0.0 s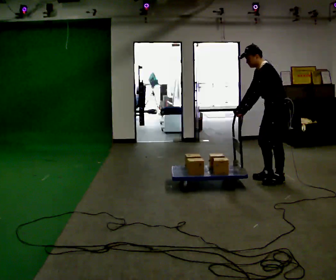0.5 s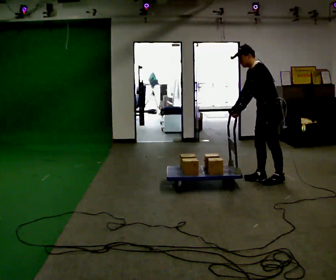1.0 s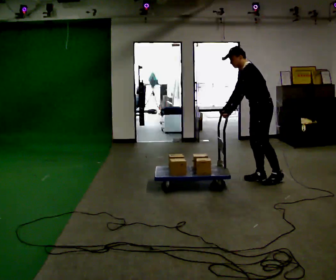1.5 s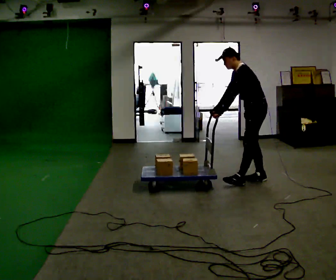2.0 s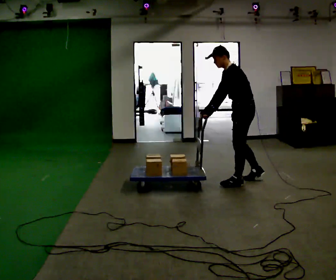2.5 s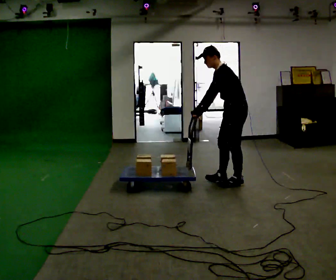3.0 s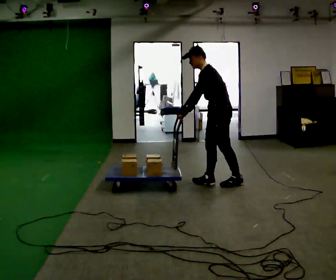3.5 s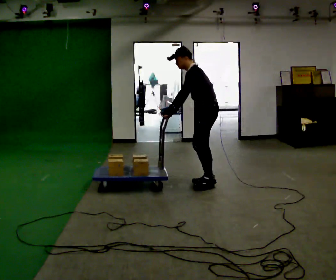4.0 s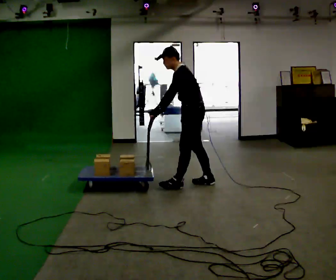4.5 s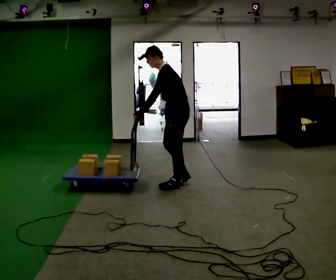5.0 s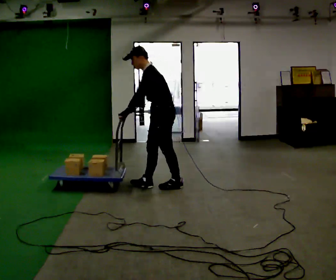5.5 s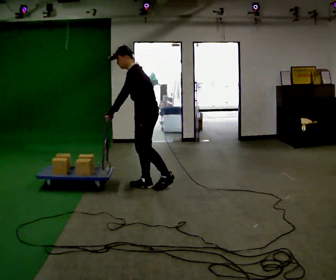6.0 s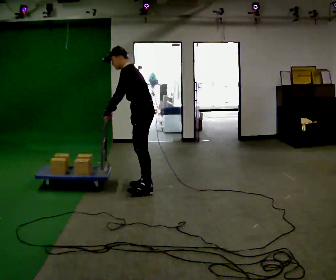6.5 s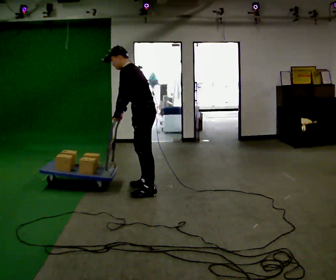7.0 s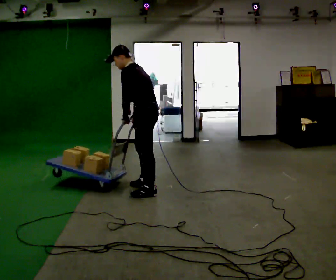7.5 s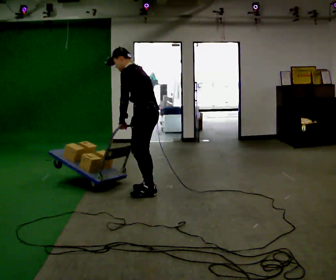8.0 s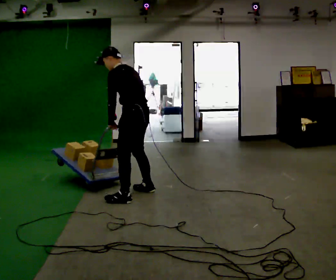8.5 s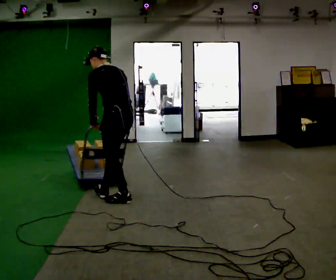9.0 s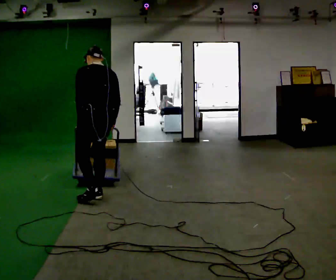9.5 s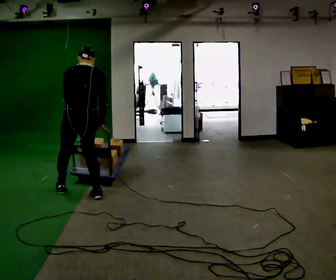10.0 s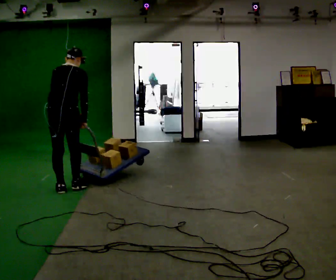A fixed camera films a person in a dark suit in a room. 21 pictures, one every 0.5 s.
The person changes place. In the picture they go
to the left.
0.0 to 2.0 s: In the picture they go to the left, about 0.5 m in 2 steps, which for them is forward.
2.0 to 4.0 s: In the picture they go to the left, about 0.5 m in 2 steps, which for them is forward.
4.0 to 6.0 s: In the picture they go to the left, about 0.5 m in 2 steps, which for them is forward.
6.0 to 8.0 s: Seen from above the body turns clockwise, about 30 degrees: to their right, with its near side sliding to the left. In the picture they go toward the camera, about 0.5 m in 2 steps, which for them is to their left.
8.0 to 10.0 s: Seen from above the body turns clockwise, about 75 degrees: to their right, with its near side sliding to the left. In the picture they go to the left, about 1 m in 2 steps. In the picture the upper body tilts clockwise, shoulders to the right.
The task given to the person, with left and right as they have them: Push the cart across the room and back. The operator will change how much is loaded on it between takes and will tell you each time.
The film runs forward here.
